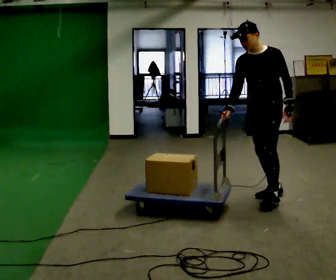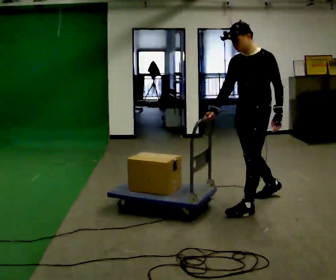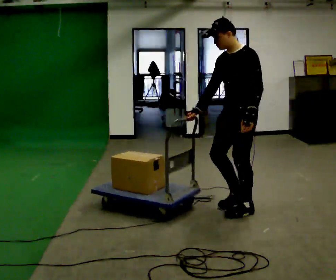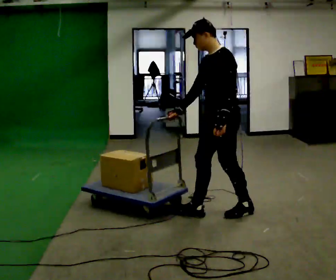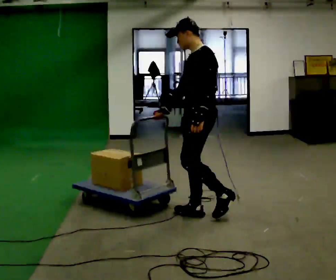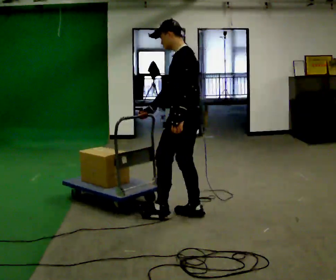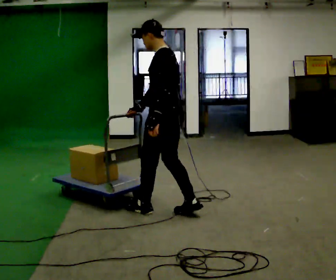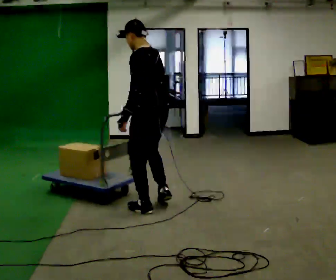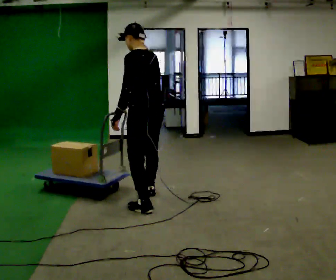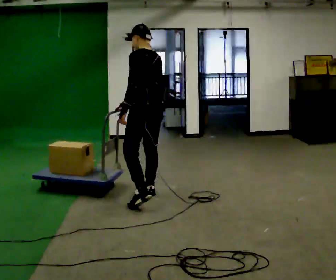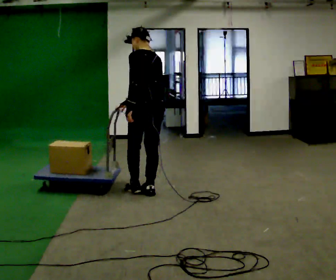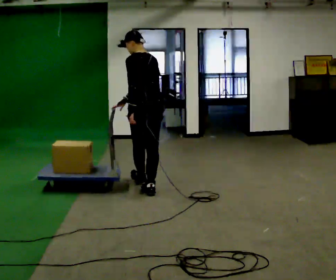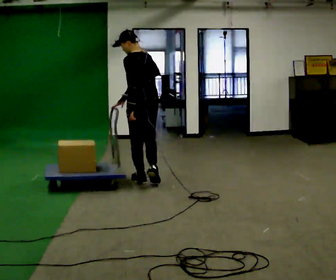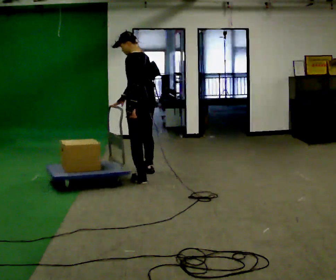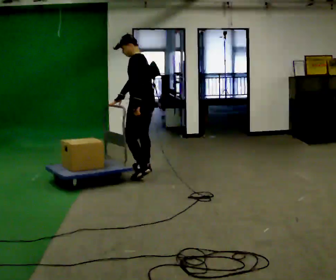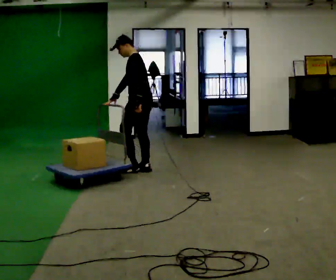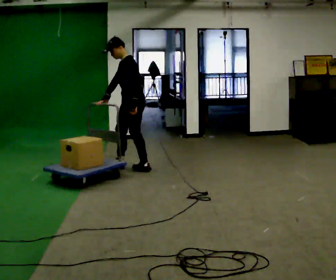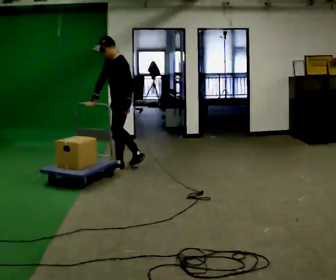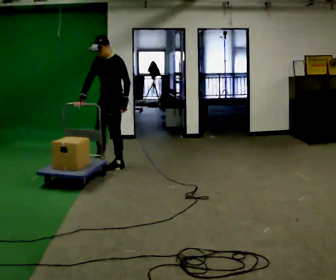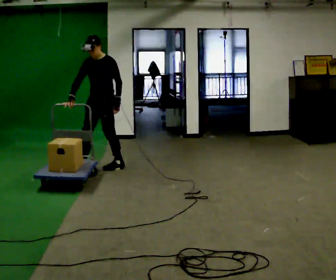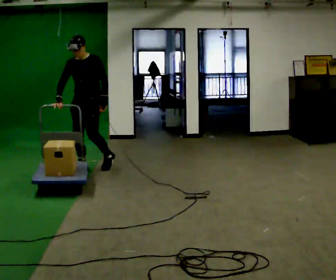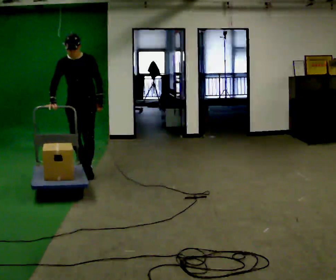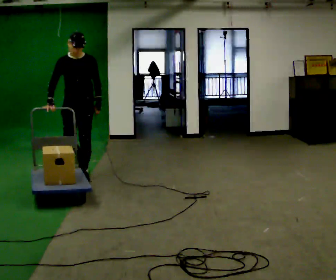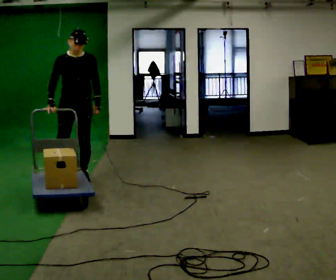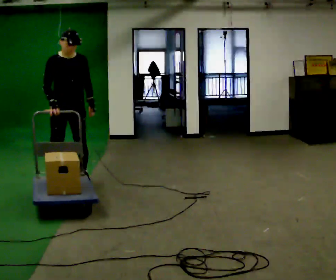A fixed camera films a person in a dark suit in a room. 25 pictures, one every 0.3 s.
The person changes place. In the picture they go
to the left.
0.0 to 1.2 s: Seen from above the body turns clockwise, about 45 degrees: to their right, with its near side sliding to the left. In the picture they go to the left and toward the camera, about 0.5 m in 2 steps, which for them is forward.
1.2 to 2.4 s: Seen from above the body turns clockwise, about 45 degrees: to their right, with its near side sliding to the left. In the picture they go to the left and away from the camera, about 0.5 m in 2 steps, which for them is forward.
2.4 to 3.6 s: In the picture they go away from the camera, about 1 m in 1 step, which for them is forward and to their right.
3.6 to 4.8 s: Seen from above the body turns counterclockwise, about 45 degrees: to their left, with its near side sliding to the right. In the picture they go away from the camera, about 0.75 m in 2 steps, which for them is to their right and forward.
4.8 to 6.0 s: The person turns about 75 degrees to their left, counterclockwise seen from above, so the part of the body nearest the lens slides to the right. In the picture they go to the left, about 0.5 m in 1 step.
6.0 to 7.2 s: The person turns about 45 degrees to their left, counterclockwise seen from above, so the part of the body nearest the lens slides to the right. In the picture they go toward the camera, about 0.5 m in 2 steps, which for them is forward.
The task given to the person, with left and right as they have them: Push the cart across the room using only the hand the operator calls. Keep your other arm at your side.
The film runs forward here.
